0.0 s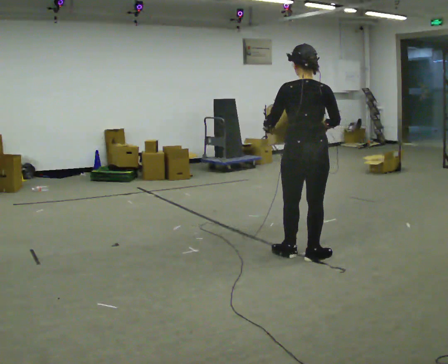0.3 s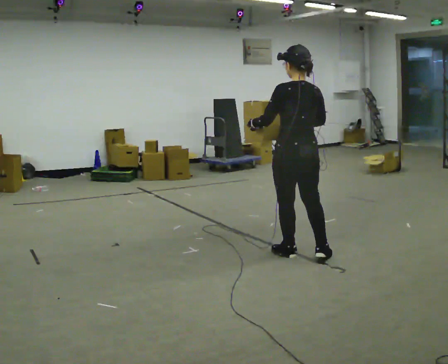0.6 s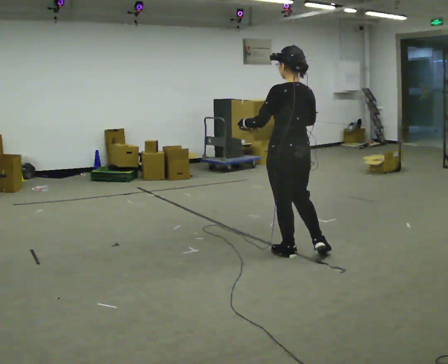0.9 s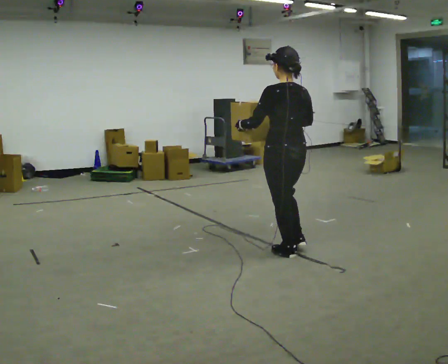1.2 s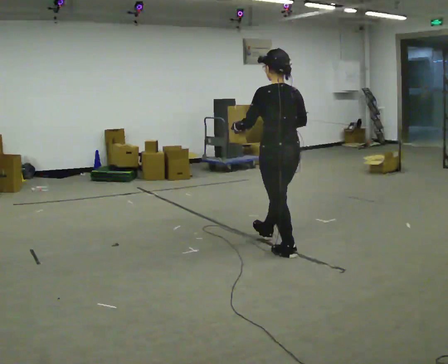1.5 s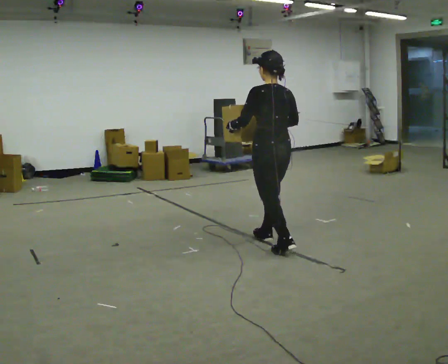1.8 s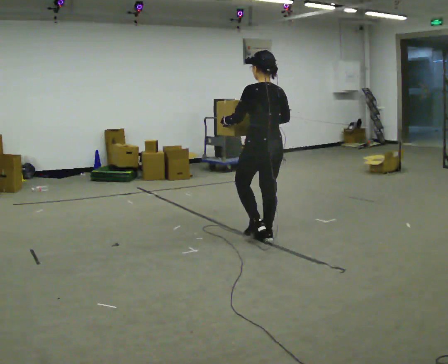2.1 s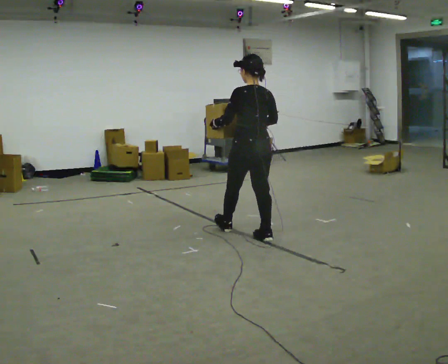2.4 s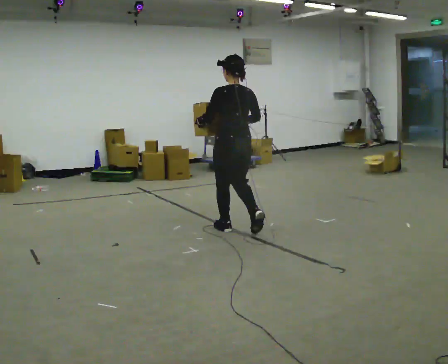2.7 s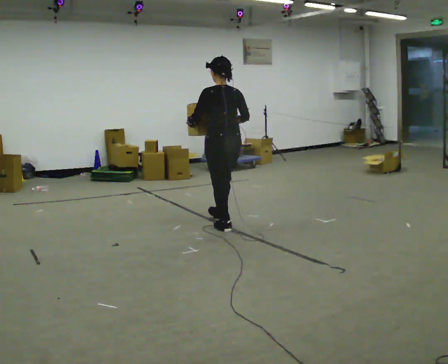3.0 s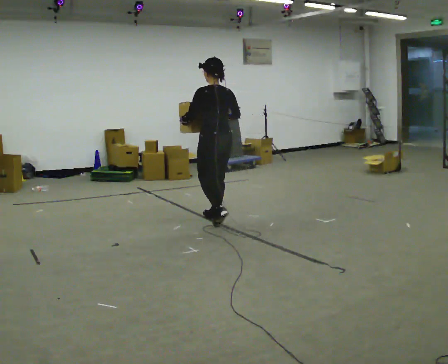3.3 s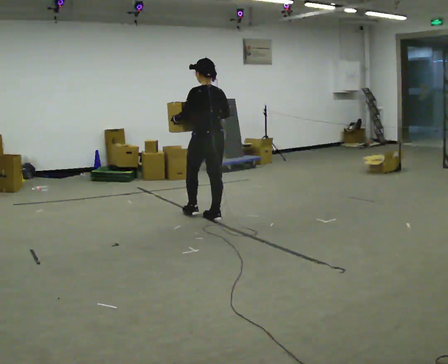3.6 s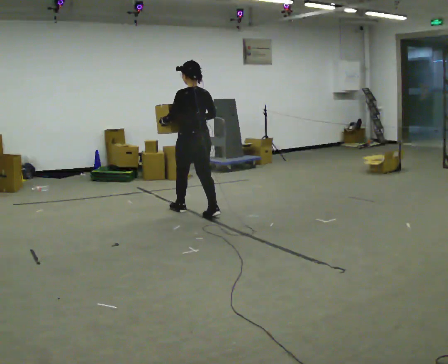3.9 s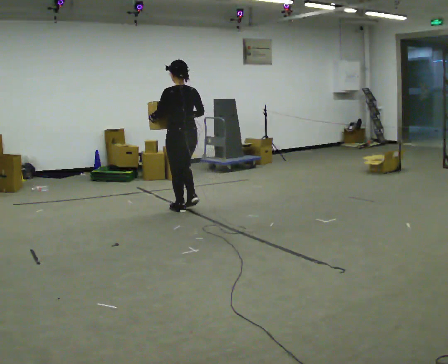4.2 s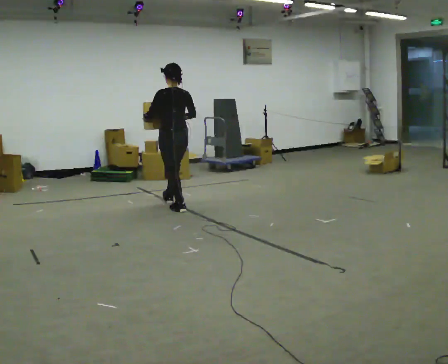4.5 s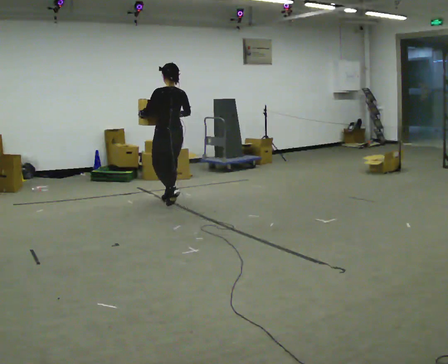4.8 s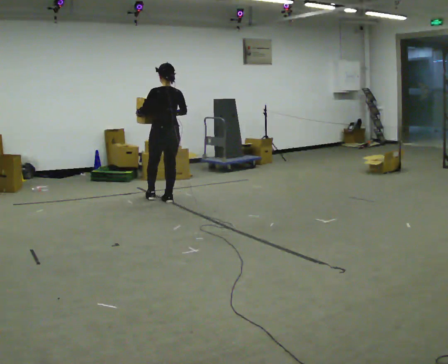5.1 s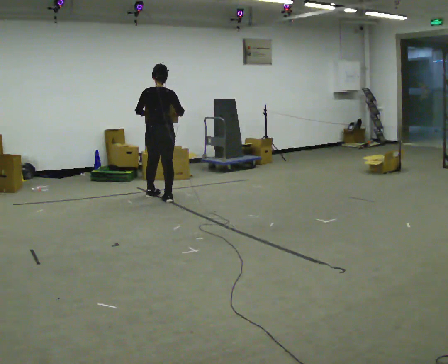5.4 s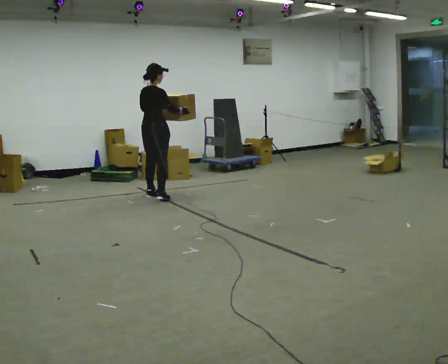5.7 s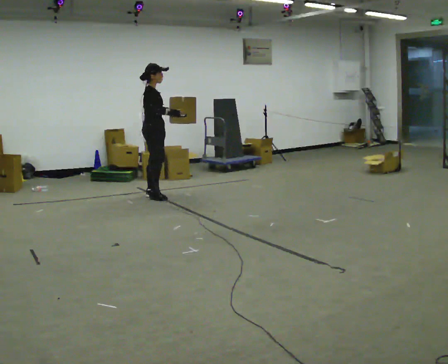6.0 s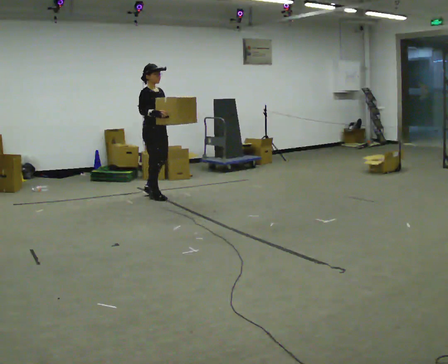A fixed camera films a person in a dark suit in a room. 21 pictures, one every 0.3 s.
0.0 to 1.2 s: Seen from above the body turns counterclockwise, about 30 degrees: to their left, with its near side sliding to the right. In the picture they go away from the camera and to the left, about 0.25 m in 1 step, which for them is forward.
1.2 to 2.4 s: In the picture they go away from the camera and to the left, about 0.5 m in 1 step, which for them is forward.
2.4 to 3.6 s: In the picture they go away from the camera and to the left, about 1 m in 2 steps, which for them is forward.
3.6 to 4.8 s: In the picture they go away from the camera and to the left, about 0.75 m in 1 step, which for them is forward.
4.8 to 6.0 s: Seen from above the body turns clockwise, about 135 degrees: to their right, with its near side sliding to the left. In the picture they go away from the camera and to the left, about 0.25 m in 2 steps. In the picture their left hand goes to the right.
The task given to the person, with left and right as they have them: Carry the heavy box in both hands in front of you, walking back and forth across the room. Keep walking until the operator says stop. Set it down if you need a rest.
The film runs forward here.
